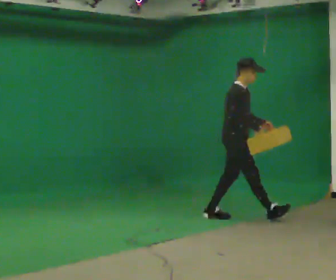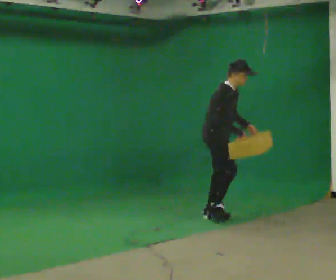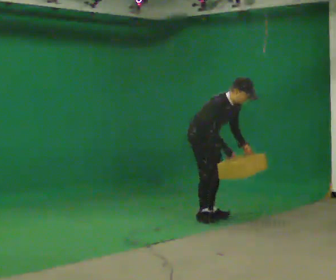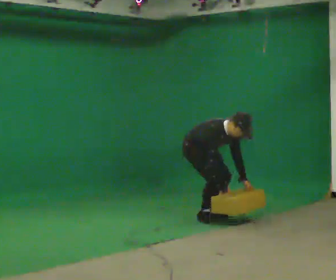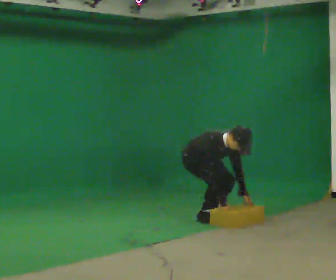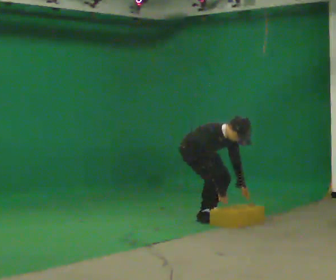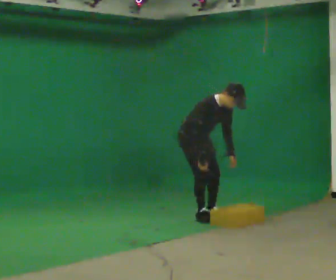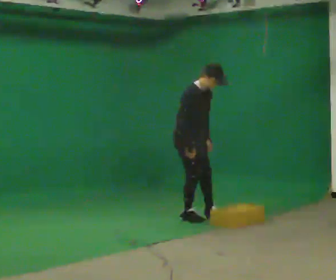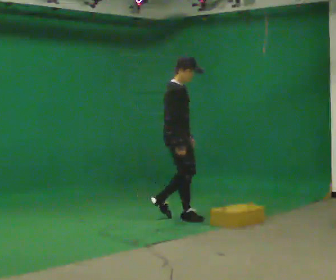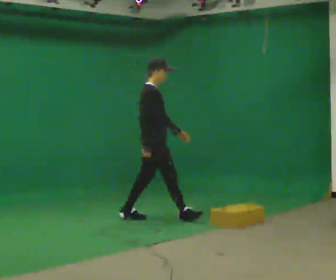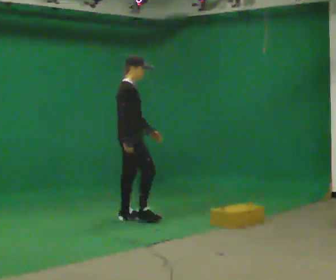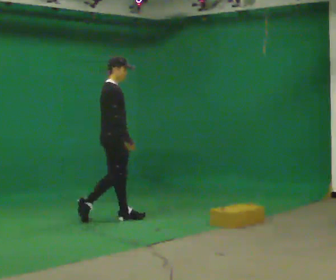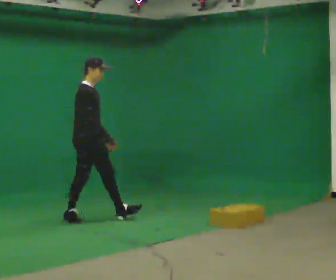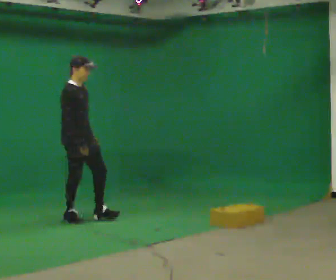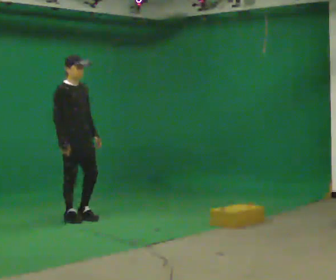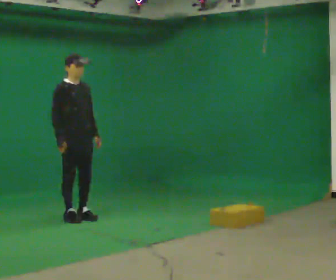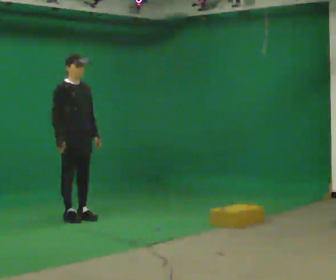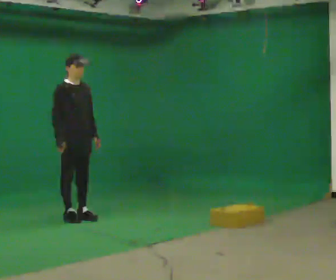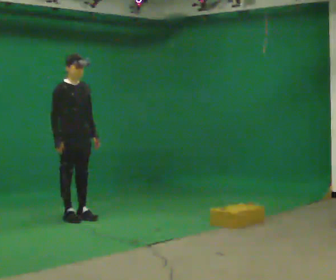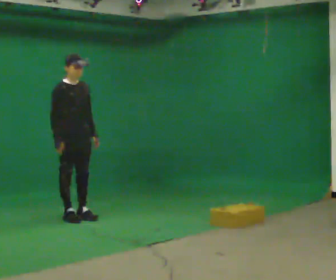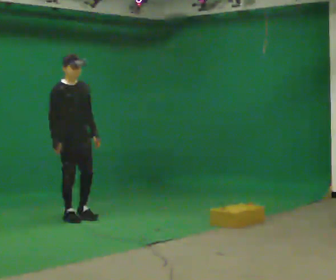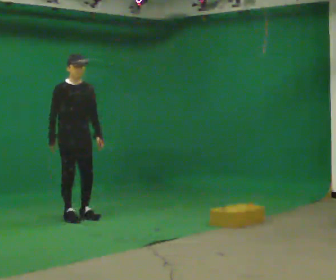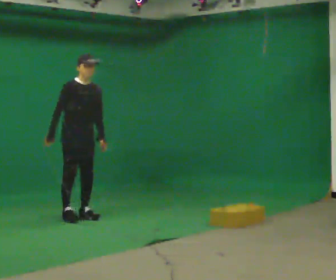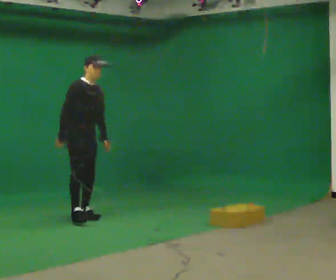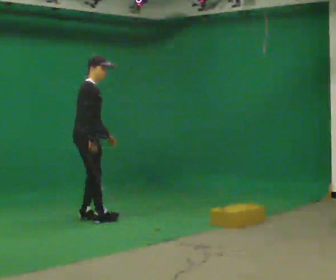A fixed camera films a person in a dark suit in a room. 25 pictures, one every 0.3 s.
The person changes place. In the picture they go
to the left.
0.0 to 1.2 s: Seen from above the body turns clockwise, about 30 degrees: to their right, with its near side sliding to the left. In the picture they go to the left, about 0.5 m, which for them is backward. The upper body goes downward. The upper body tips toward the camera, its near side rolling downward, as they bend forward. In the picture their right hand goes downward.
1.2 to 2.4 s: The part of the body nearest the lens slides to the right as the person turns to their left by about 30 degrees. In the picture they go to the left, about 0.25 m in 2 steps, which for them is to their right. The shoulders move upward. The upper body tips away from the camera, its near side rolling upward, as they lean back or straighten. In the picture their left hand goes upward and to the left.
2.4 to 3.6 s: In the picture they go to the left, about 1 m in 1 step, which for them is backward.
3.6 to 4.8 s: Seen from above the body turns clockwise, about 30 degrees: to their right, with its near side sliding to the left. In the picture their right hand goes to the left.
4.8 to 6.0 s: The person moves a little, or ends about where they began.
6.0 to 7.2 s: The part of the body nearest the lens slides to the right as the person turns to their left by about 45 degrees. In the picture the upper body tilts clockwise, shoulders to the right. In the picture their right hand goes to the right.
The film runs backward here.
